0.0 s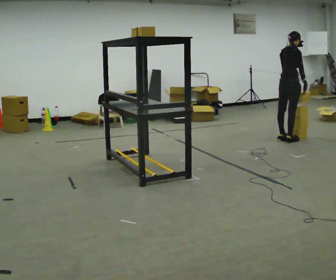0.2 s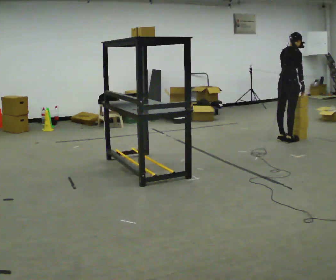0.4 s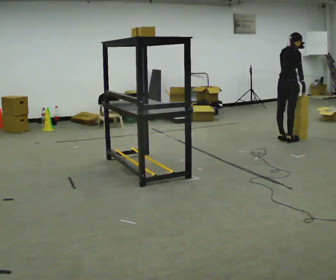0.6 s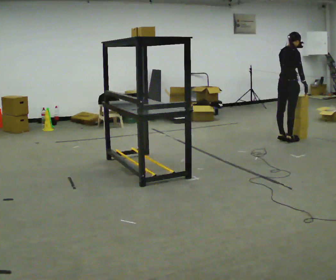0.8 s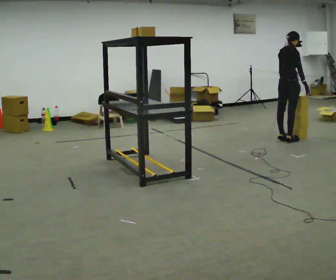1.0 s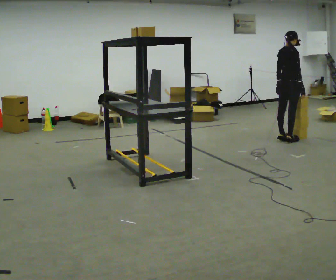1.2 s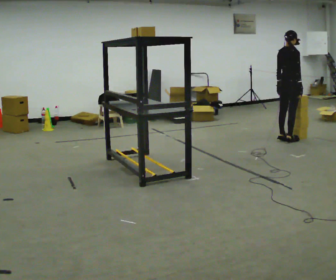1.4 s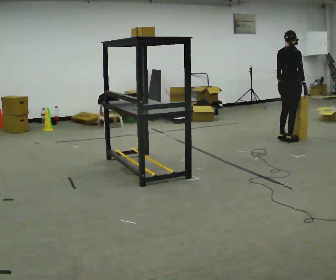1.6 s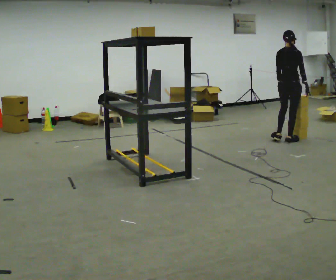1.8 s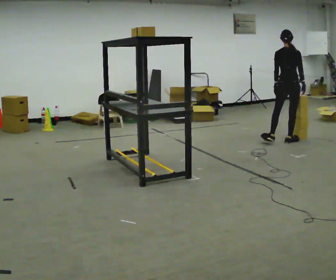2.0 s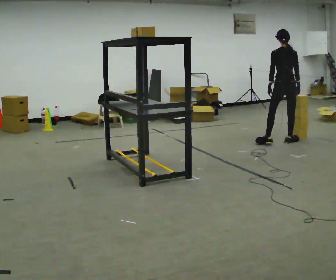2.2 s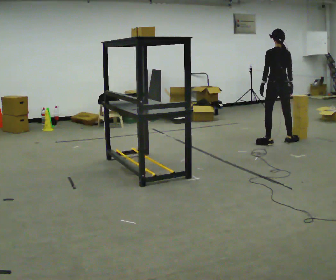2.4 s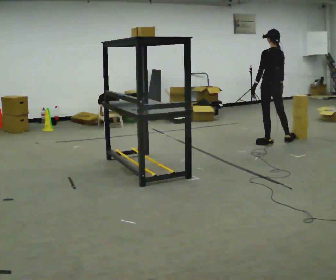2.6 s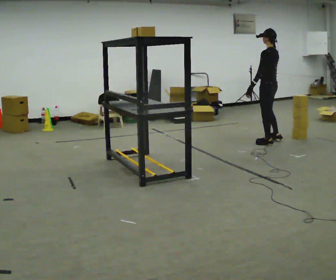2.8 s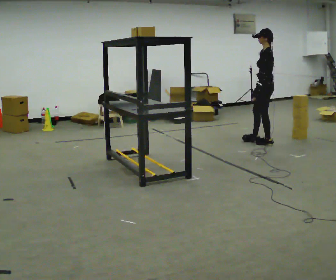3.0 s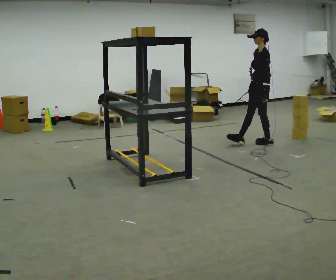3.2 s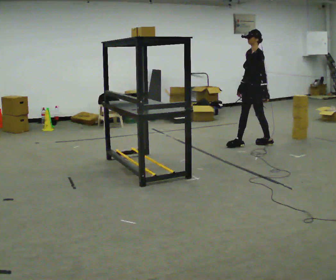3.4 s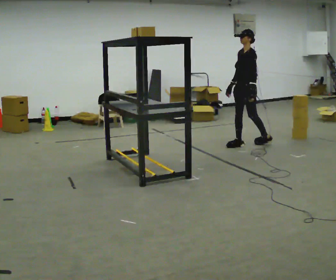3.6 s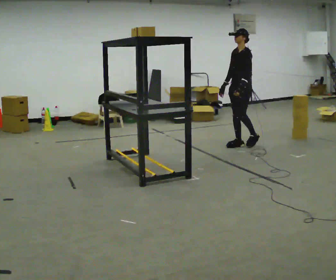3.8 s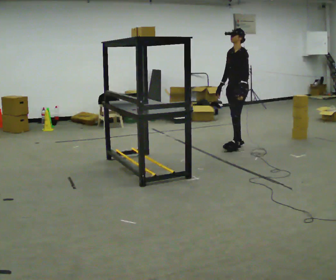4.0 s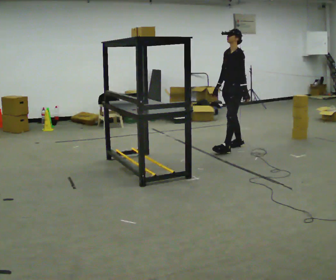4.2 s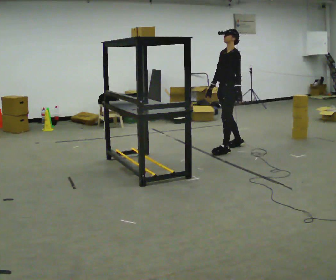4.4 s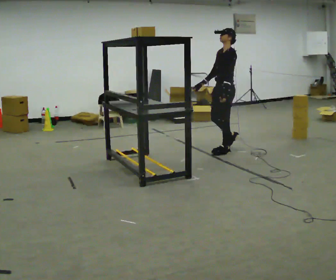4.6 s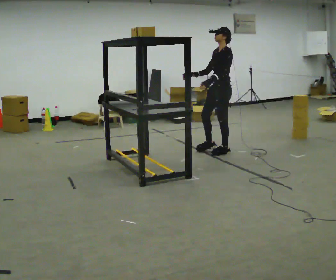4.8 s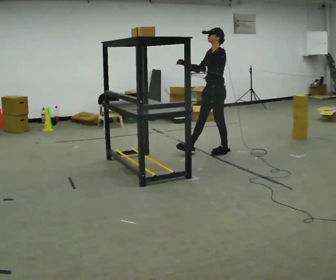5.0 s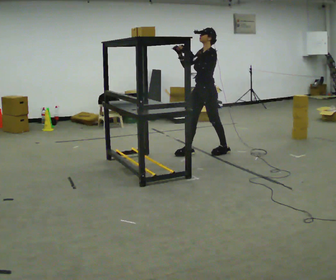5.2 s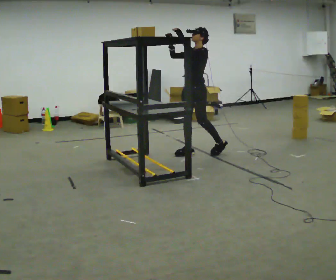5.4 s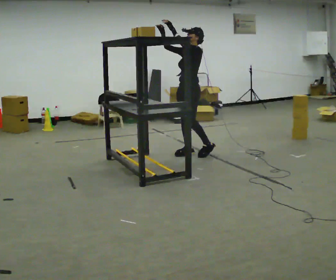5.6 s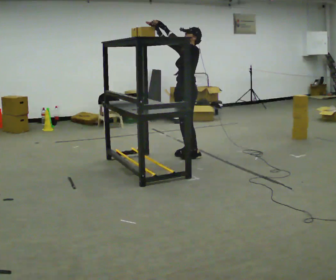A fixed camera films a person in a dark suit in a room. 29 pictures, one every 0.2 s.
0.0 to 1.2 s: The person moves a little, or ends about where they began.
1.2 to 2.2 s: The part of the body nearest the lens slides to the right as the person turns to their left by about 60 degrees. In the picture they go toward the camera, about 0.25 m in 1 step, which for them is backward.
2.2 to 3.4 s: The part of the body nearest the lens slides to the right as the person turns to their left by about 120 degrees. In the picture they go to the left, about 0.5 m in 1 step.
3.4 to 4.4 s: In the picture they go toward the camera and to the left, about 0.5 m in 1 step, which for them is forward and to their left.
4.4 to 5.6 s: In the picture they go to the left and toward the camera, about 0.5 m in 2 steps, which for them is forward. In the picture their left hand goes upward.
The film runs forward here.
